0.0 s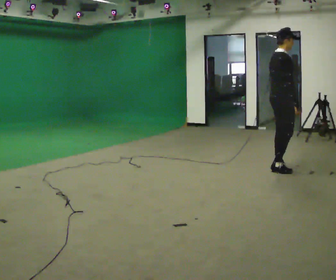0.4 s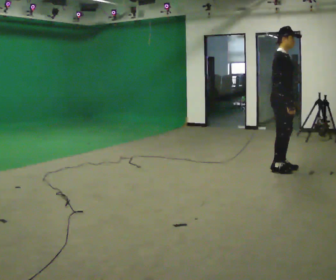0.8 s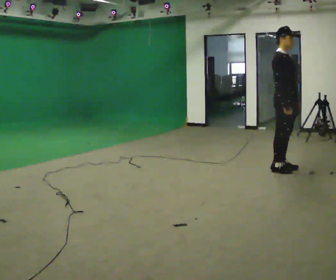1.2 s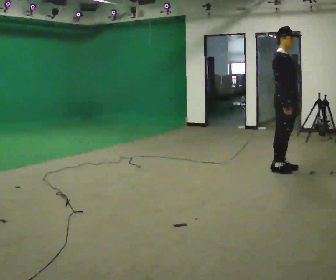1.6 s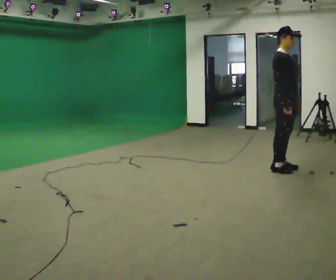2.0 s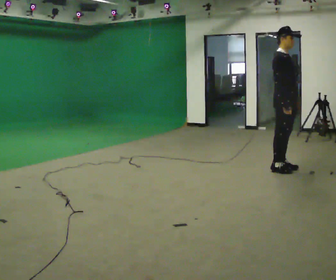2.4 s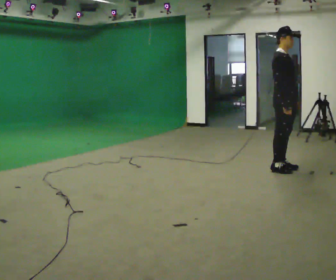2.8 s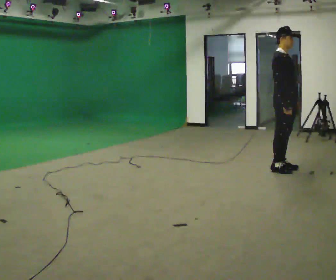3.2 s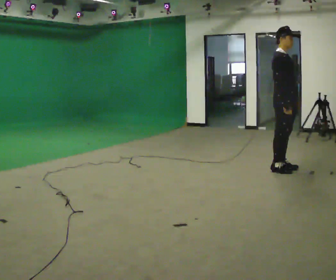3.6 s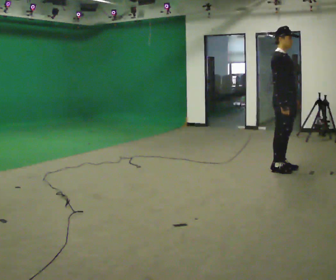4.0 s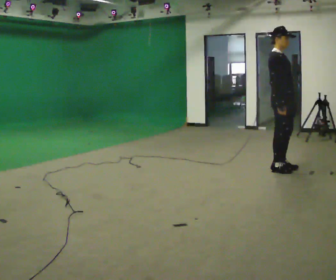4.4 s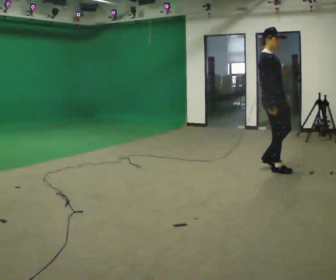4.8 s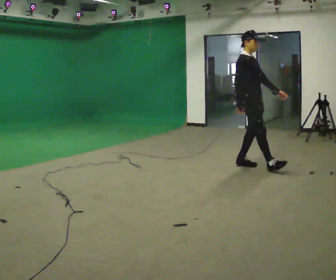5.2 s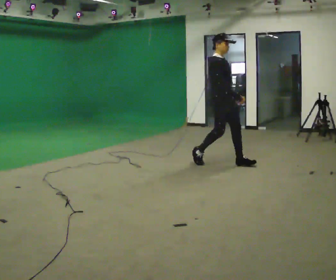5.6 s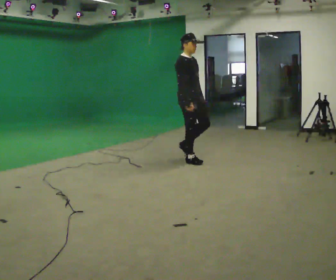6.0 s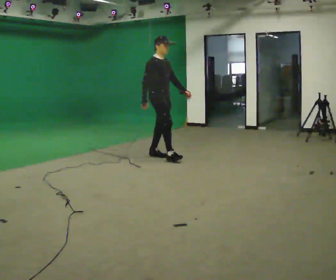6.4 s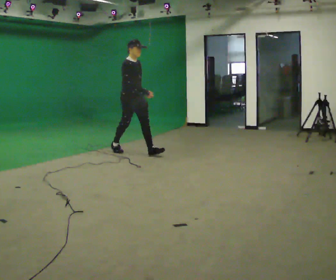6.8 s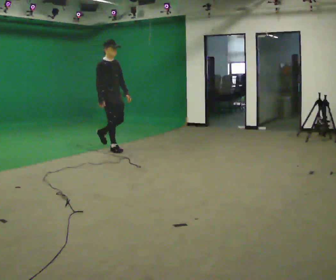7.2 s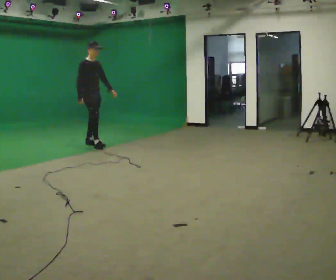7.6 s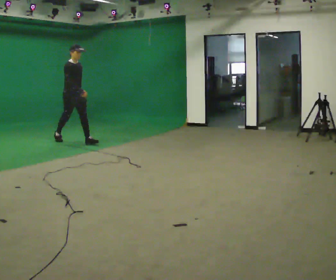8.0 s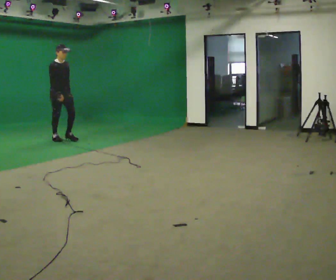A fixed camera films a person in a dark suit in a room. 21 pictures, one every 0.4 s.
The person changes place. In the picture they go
to the left.
0.0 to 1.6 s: The person turns about 60 degrees to their right, clockwise seen from above, so the part of the body nearest the lens slides to the left.
1.6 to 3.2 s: The person keeps their place and pose.
3.2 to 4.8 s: In the picture they go to the left, about 0.25 m in 1 step, which for them is backward.
4.8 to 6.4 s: In the picture they go to the left, about 2 m in 3 steps, which for them is backward.
6.4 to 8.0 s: In the picture they go to the left, about 2 m in 3 steps, which for them is backward.
The film runs backward here.
